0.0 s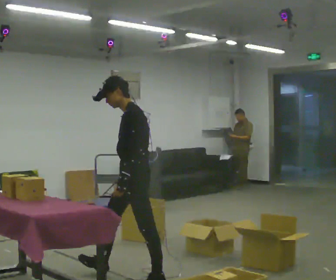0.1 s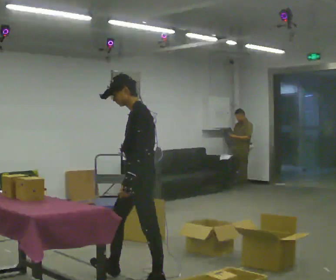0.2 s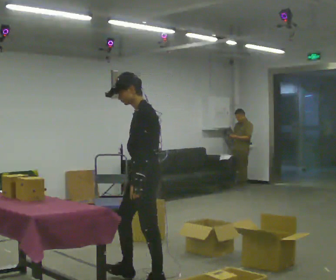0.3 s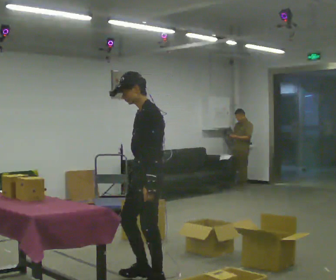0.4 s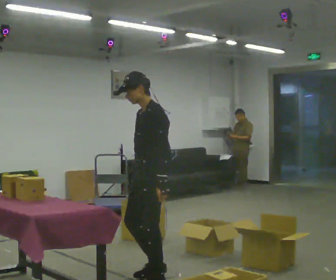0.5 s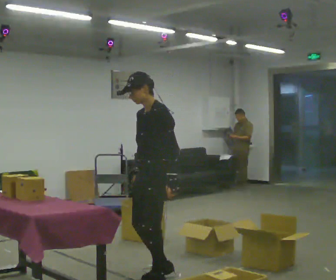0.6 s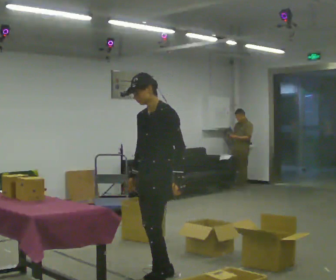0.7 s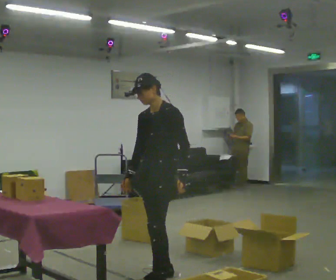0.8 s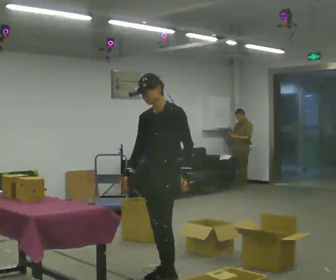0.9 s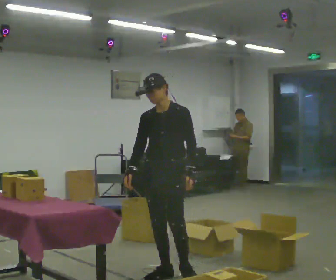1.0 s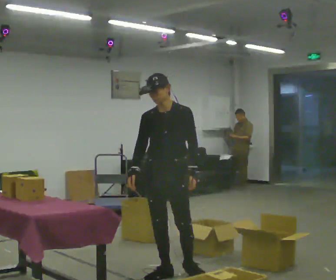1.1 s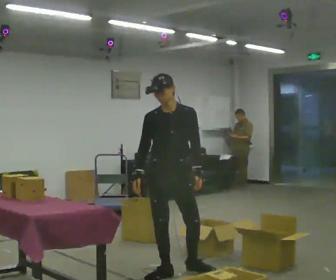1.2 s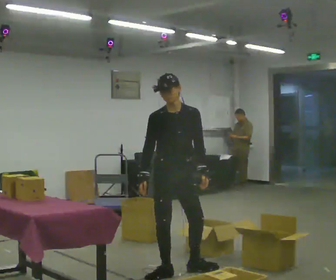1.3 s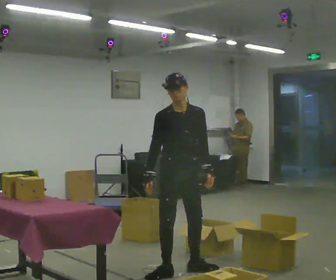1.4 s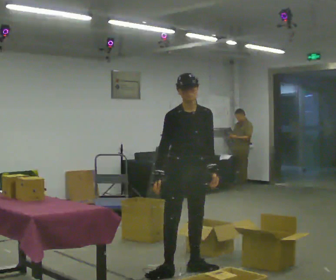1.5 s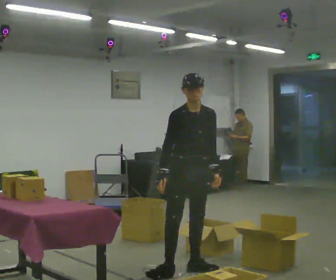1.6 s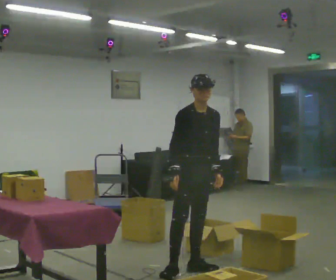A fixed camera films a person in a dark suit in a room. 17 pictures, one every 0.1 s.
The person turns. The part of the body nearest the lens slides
to the right.
The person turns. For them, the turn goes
to their left.
0.0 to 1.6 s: Seen from above the body turns counterclockwise, about 105 degrees: to their left, with its near side sliding to the right. In the picture they go to the right and away from the camera, about 0.5 m in 1 step.
The film runs backward here.
